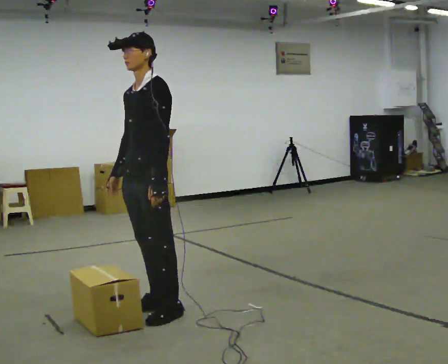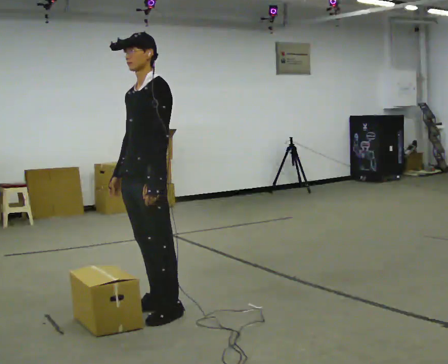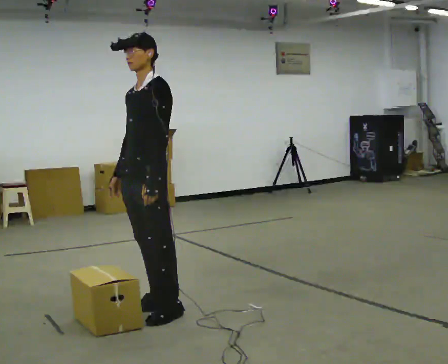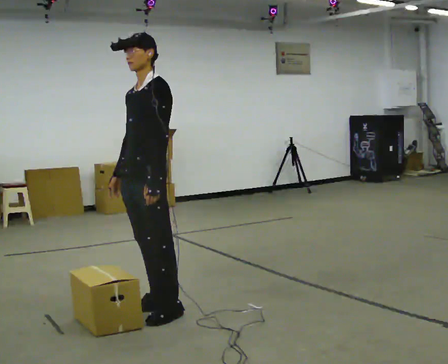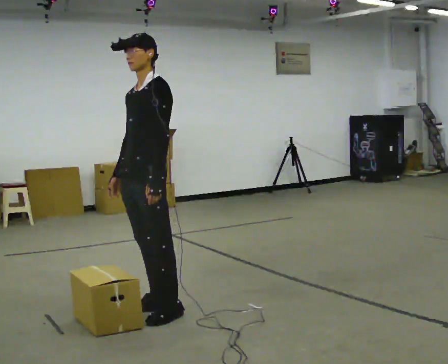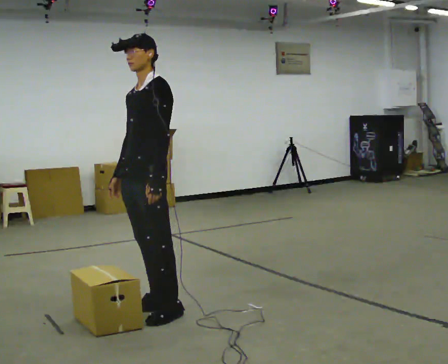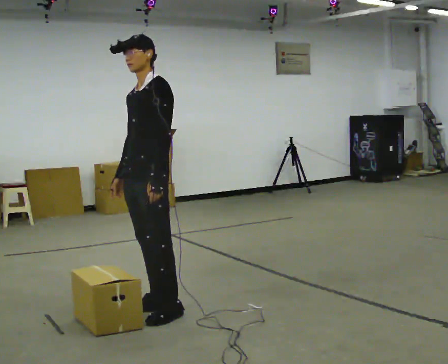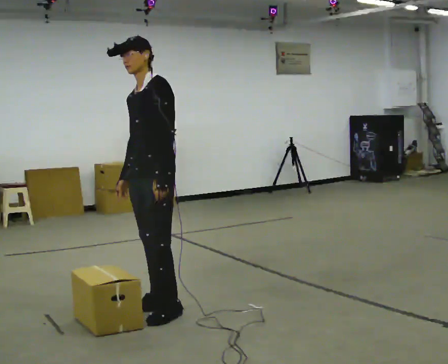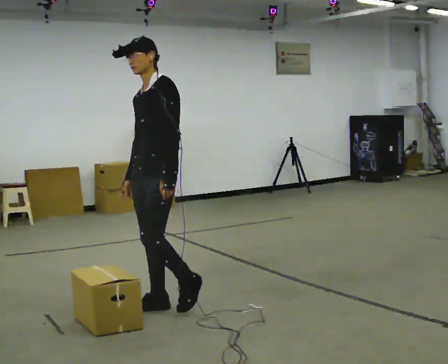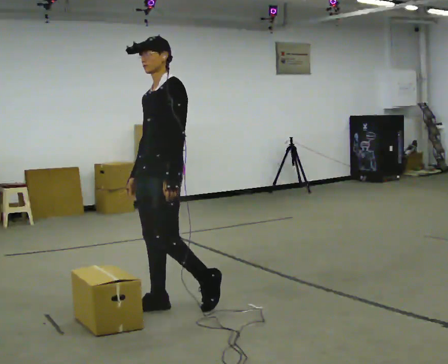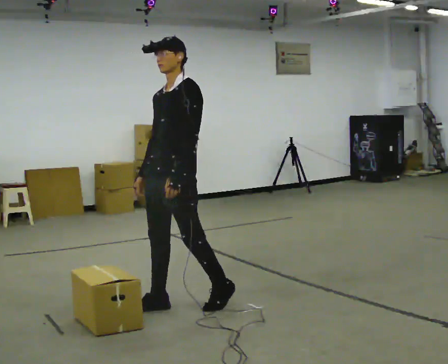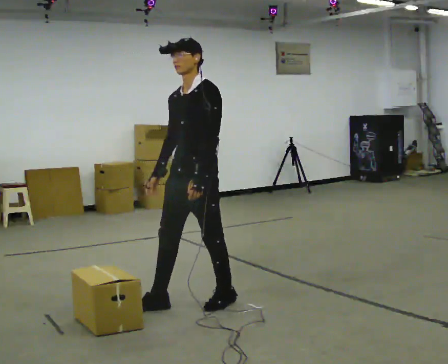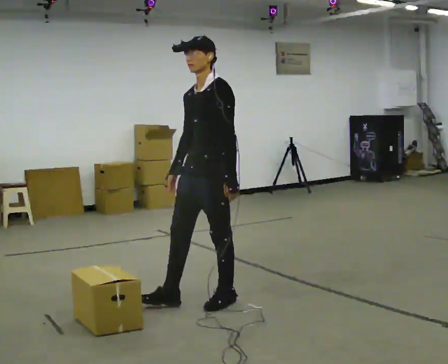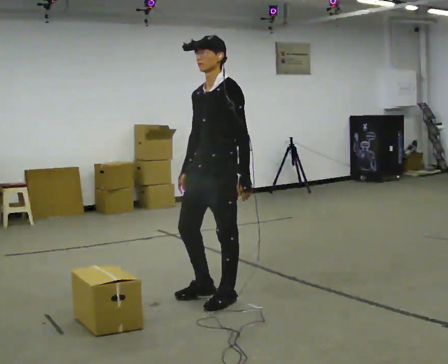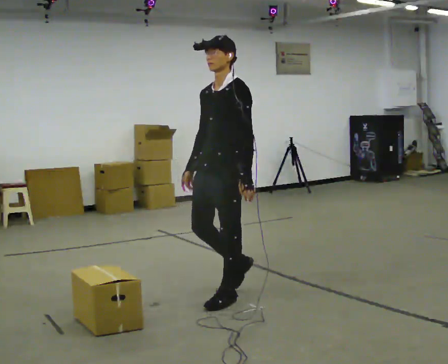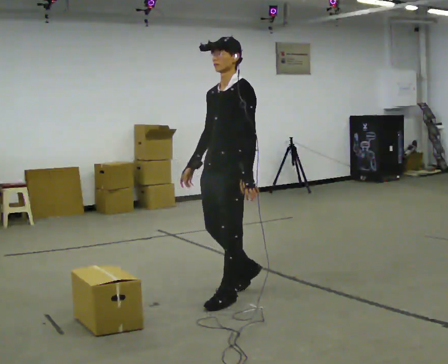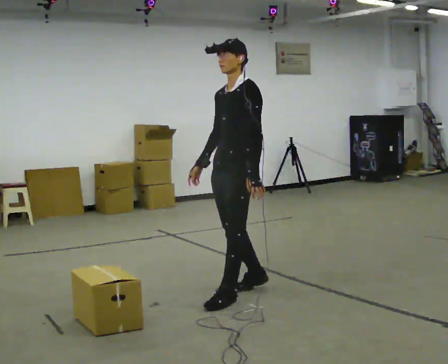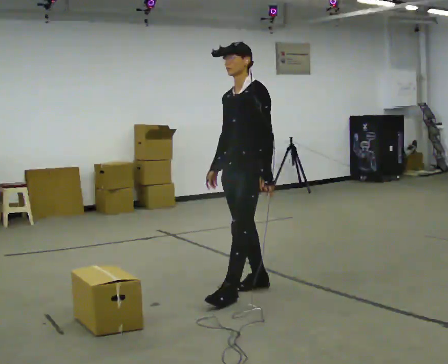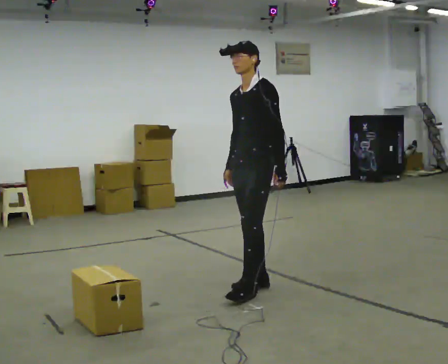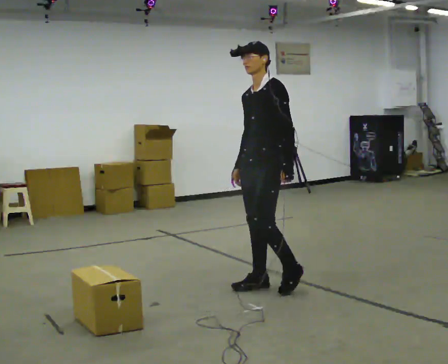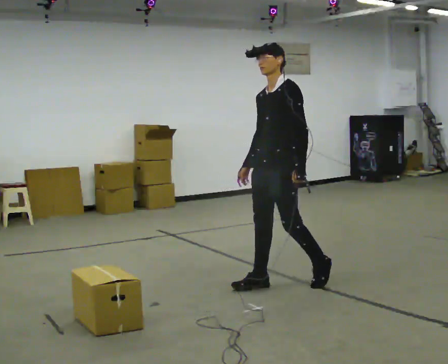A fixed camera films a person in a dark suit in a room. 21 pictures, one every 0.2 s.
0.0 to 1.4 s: The person moves a little, or ends about where they began.
1.4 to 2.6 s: In the picture they go to the right, about 0.5 m in 1 step, which for them is backward and to their left.
2.6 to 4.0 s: In the picture they go to the right and away from the camera, about 0.5 m in 1 step, which for them is backward.
The film runs forward here.
